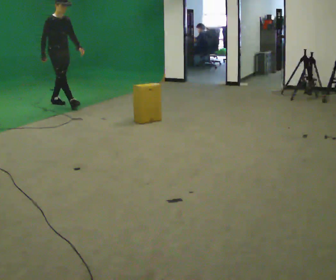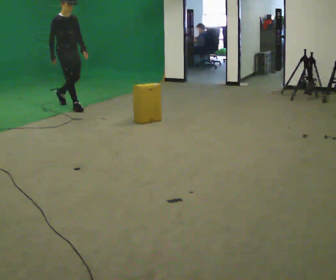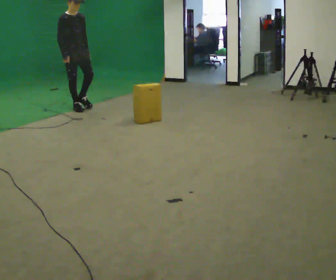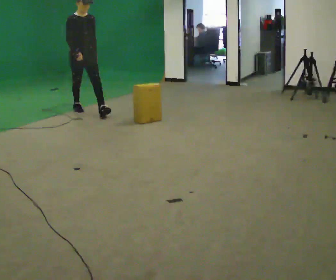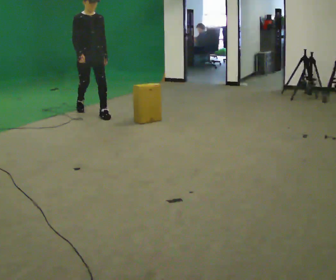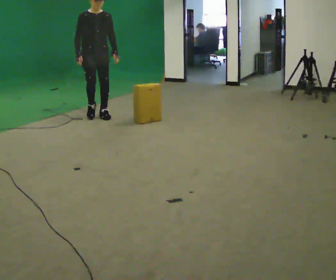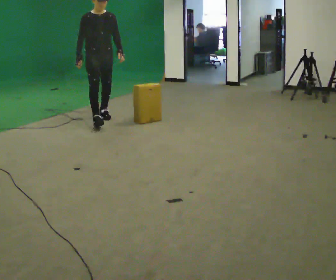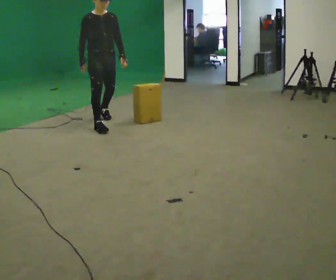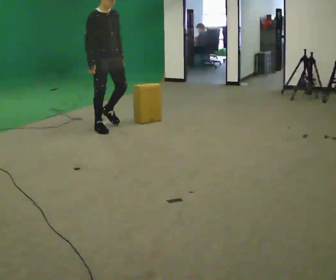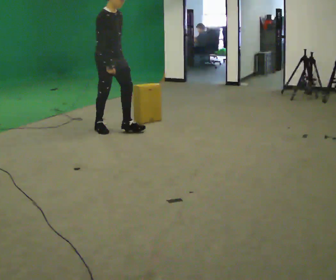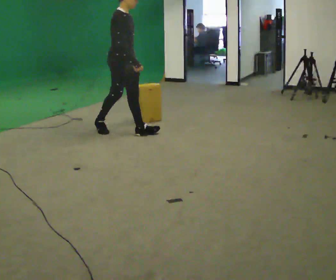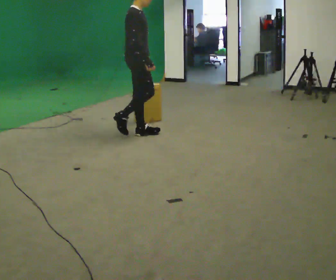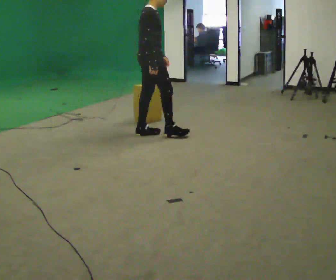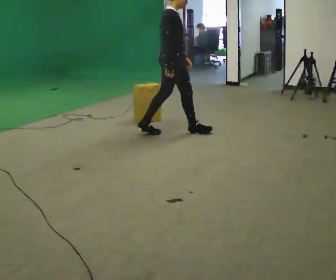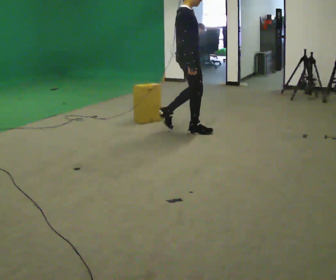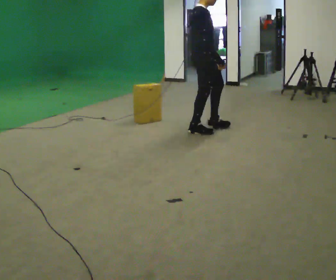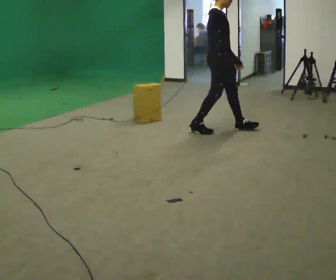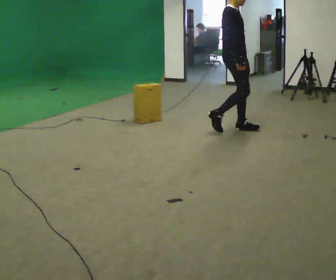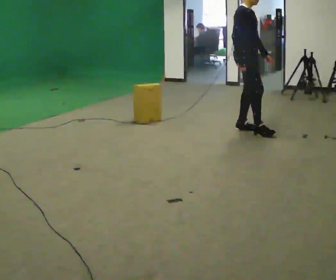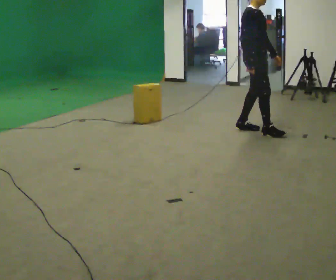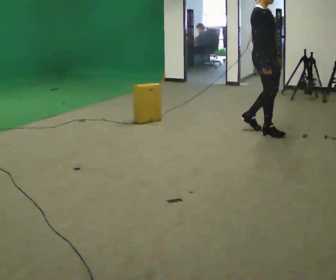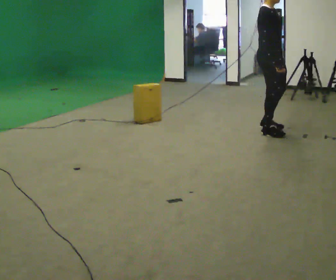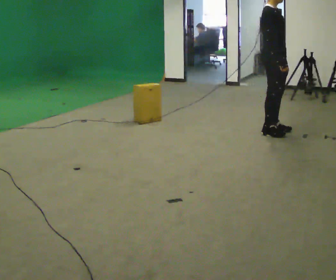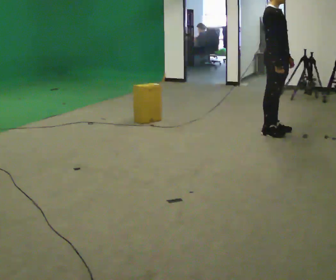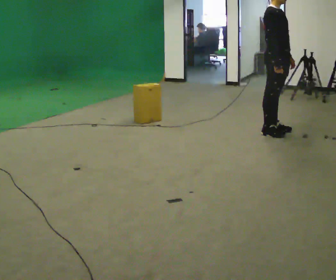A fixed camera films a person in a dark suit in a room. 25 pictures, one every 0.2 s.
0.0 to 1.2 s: The part of the body nearest the lens slides to the left as the person turns to their right by about 30 degrees. In the picture they go toward the camera and to the right, about 1 m in 2 steps, which for them is forward.
1.2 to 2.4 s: The part of the body nearest the lens slides to the right as the person turns to their left by about 75 degrees. In the picture they go to the right and toward the camera, about 1 m in 2 steps.
2.4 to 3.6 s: The part of the body nearest the lens slides to the left as the person turns to their right by about 30 degrees. In the picture they go to the right, about 1 m in 2 steps, which for them is forward.
3.6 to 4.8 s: In the picture they go to the right, about 0.25 m in 2 steps, which for them is forward.
The film runs forward here.
